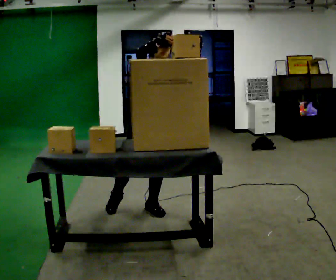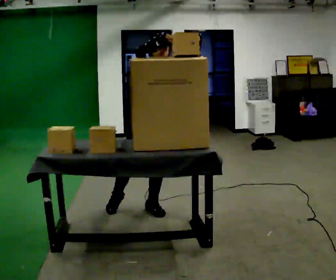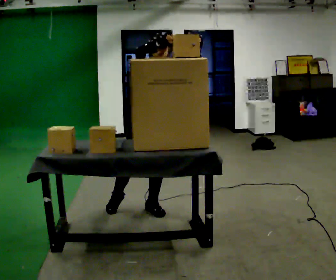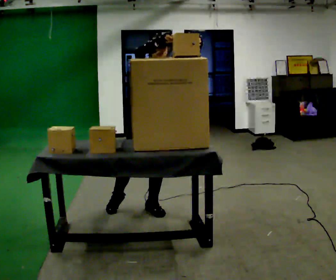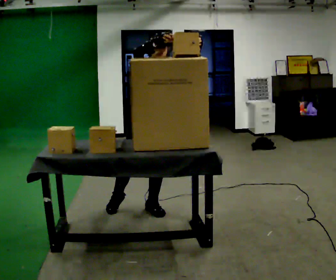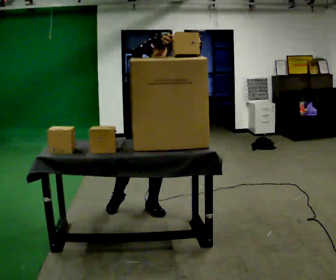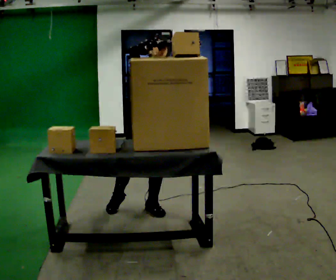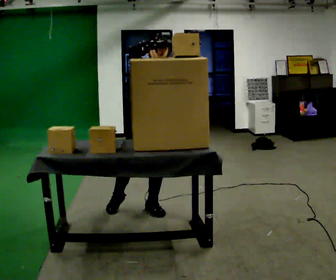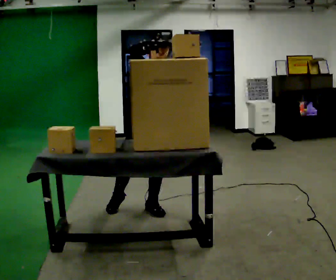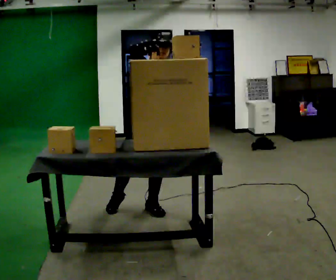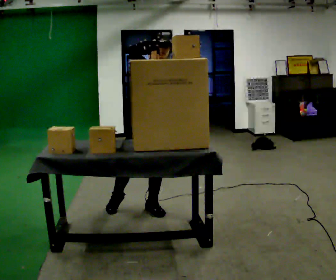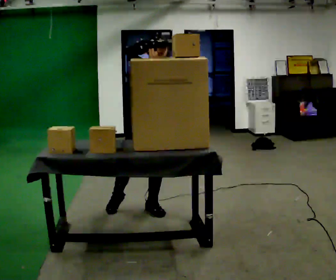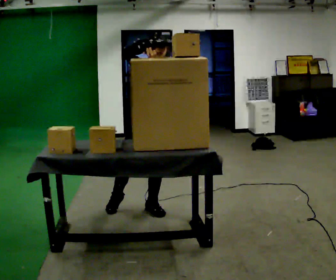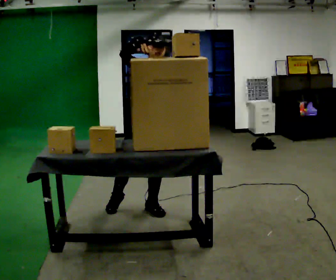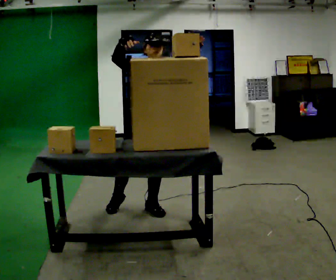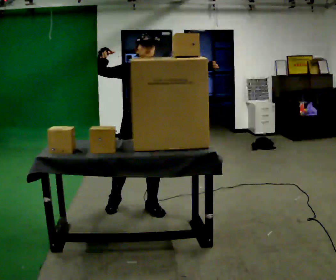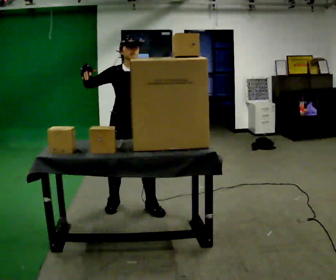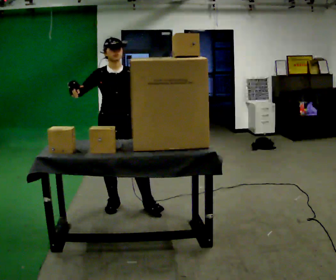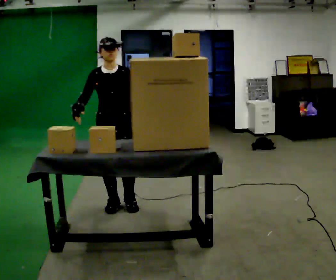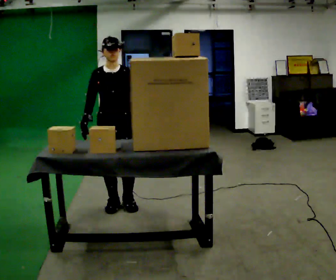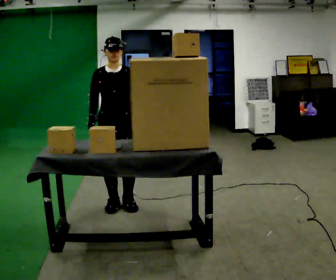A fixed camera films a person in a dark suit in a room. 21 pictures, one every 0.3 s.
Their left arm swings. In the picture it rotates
clockwise.
Their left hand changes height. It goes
downward.
0.0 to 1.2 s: The person keeps their place and pose.
1.2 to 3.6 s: The person moves a little, or ends about where they began.
3.6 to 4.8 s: In the picture they go to the left, about 0.25 m, which for them is to their right. In the picture their left hand goes downward, the arm swinging clockwise.
4.8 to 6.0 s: In the picture their right hand goes downward, the arm swinging counterclockwise.
The film runs forward here.
